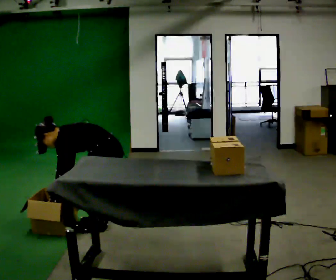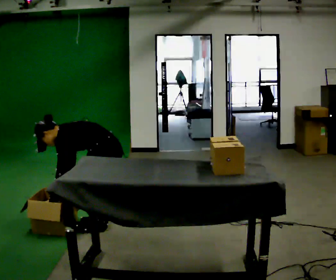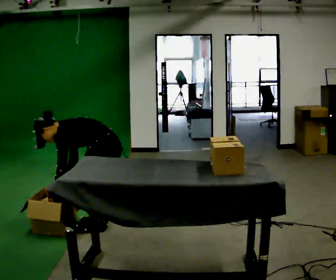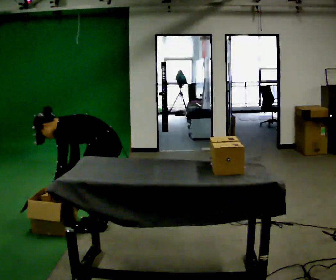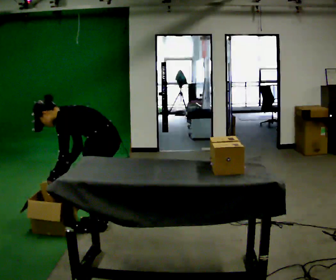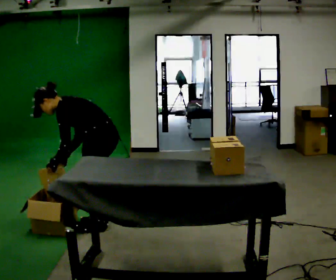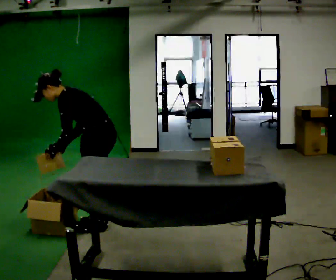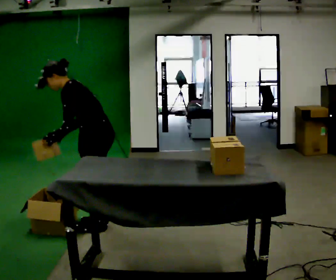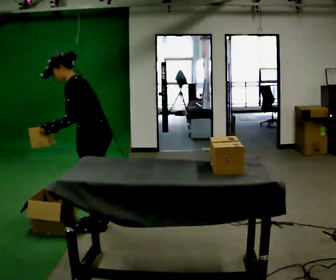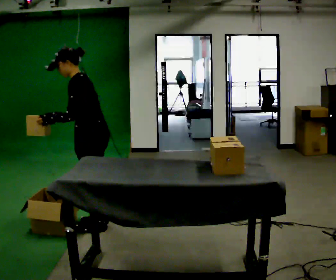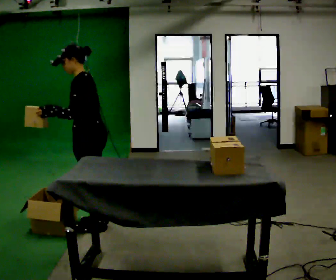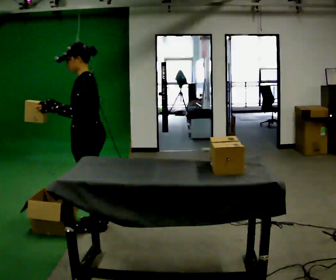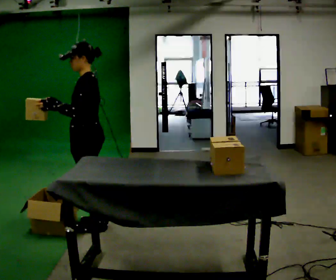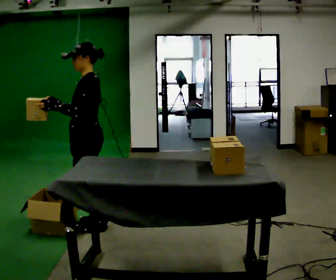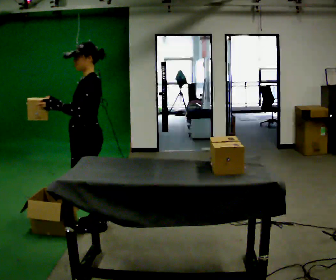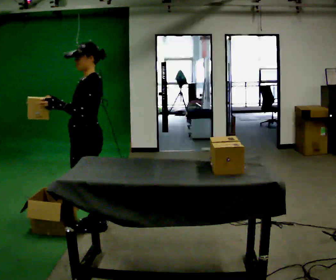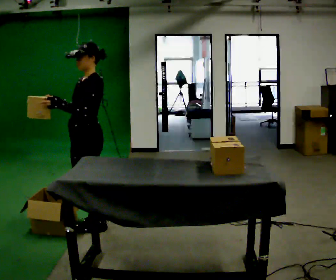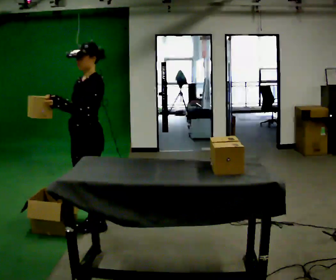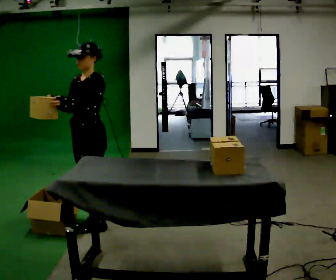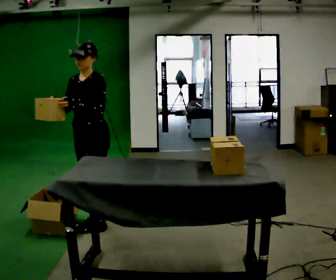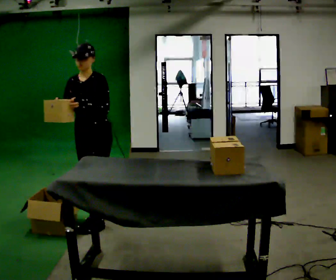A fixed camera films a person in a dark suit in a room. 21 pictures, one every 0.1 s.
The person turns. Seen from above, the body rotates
counterclockwise.
The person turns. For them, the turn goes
to their left.
0.0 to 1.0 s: The shoulders move upward. In the picture the upper body tilts clockwise, shoulders to the right, as they lean back or straighten. In the picture their right hand goes upward.
1.0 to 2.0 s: The person turns about 75 degrees to their left, counterclockwise seen from above, so the part of the body nearest the lens slides to the right. In the picture they go away from the camera, about 0.25 m in 1 step.
The film runs forward here.
